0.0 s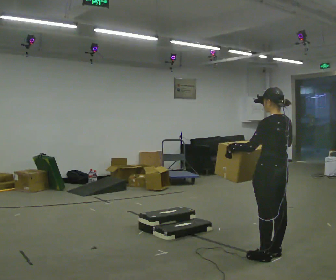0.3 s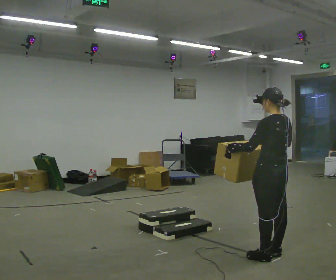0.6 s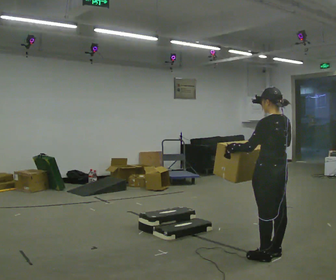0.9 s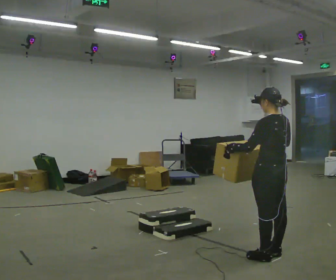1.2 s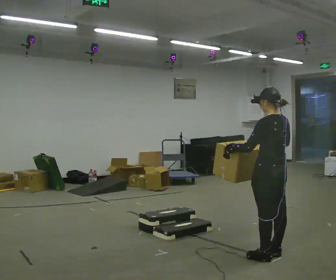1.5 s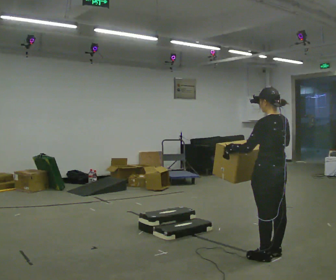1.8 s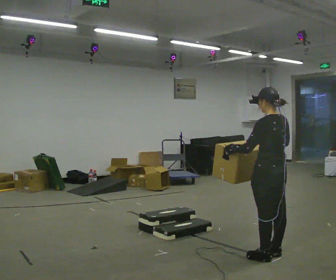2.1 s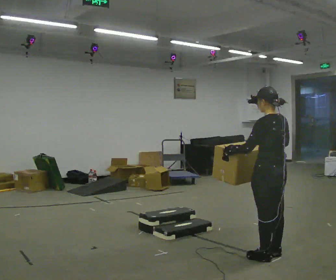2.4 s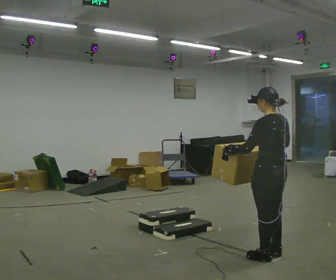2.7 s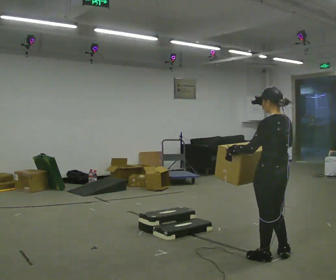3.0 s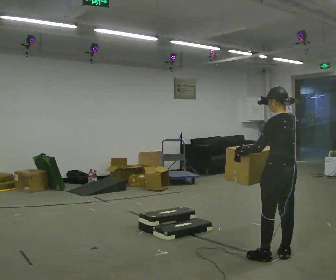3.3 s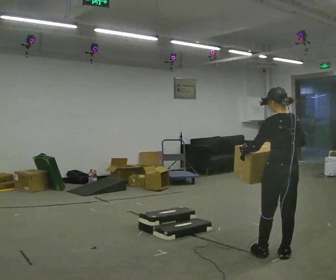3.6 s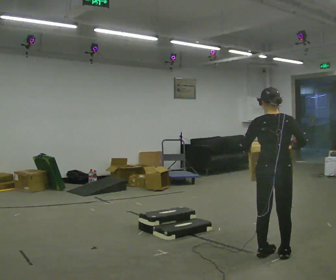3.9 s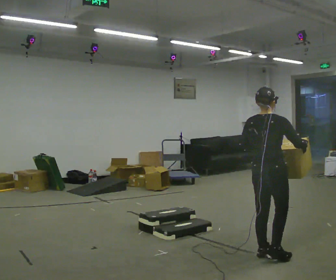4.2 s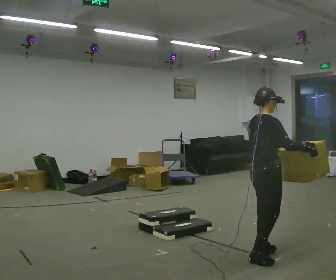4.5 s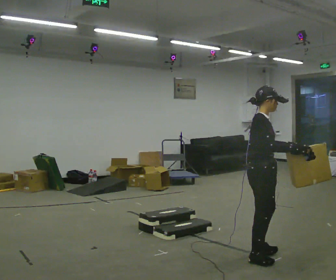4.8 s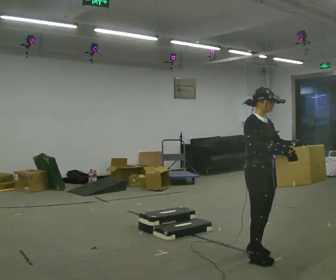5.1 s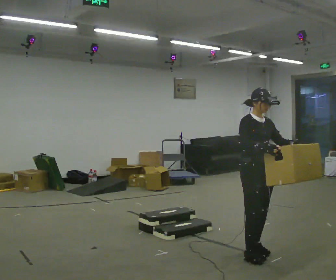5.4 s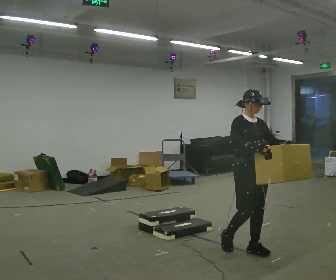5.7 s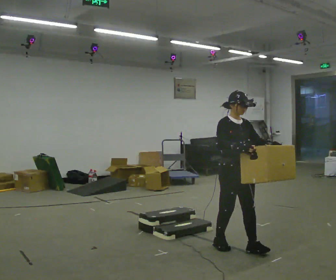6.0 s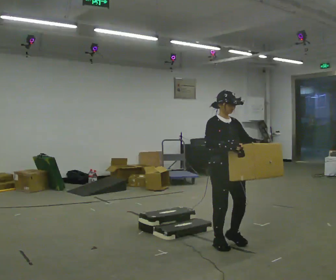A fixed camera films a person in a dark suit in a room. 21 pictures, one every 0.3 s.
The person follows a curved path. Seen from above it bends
clockwise.
The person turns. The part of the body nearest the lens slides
to the left.
0.0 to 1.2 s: The person keeps their place and pose.
1.2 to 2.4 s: The person moves a little, or ends about where they began.
2.4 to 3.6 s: Seen from above the body turns clockwise, about 45 degrees: to their right, with its near side sliding to the left.
3.6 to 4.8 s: Seen from above the body turns clockwise, about 120 degrees: to their right, with its near side sliding to the left.
4.8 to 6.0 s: In the picture they go to the left and away from the camera, about 0.5 m in 2 steps, which for them is backward.
The film runs backward here.
